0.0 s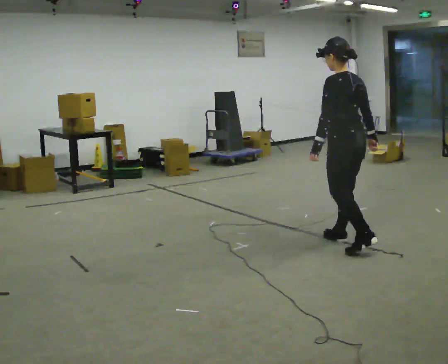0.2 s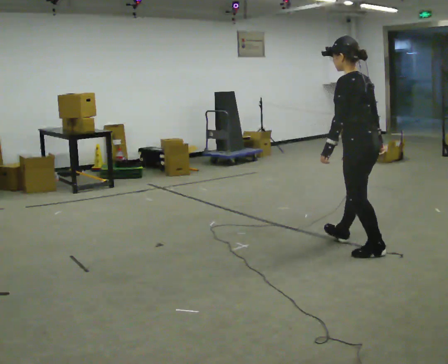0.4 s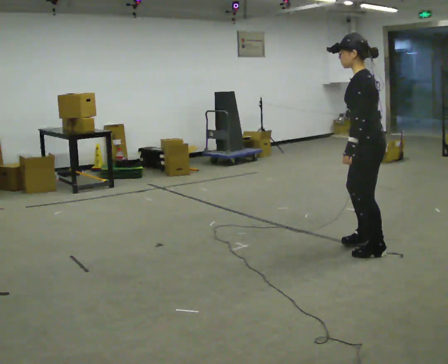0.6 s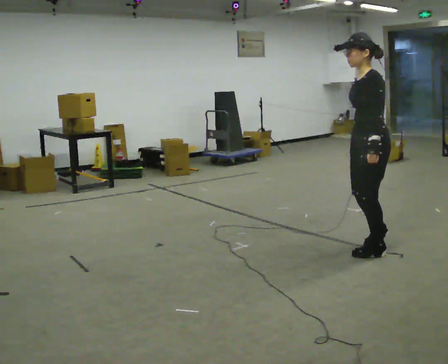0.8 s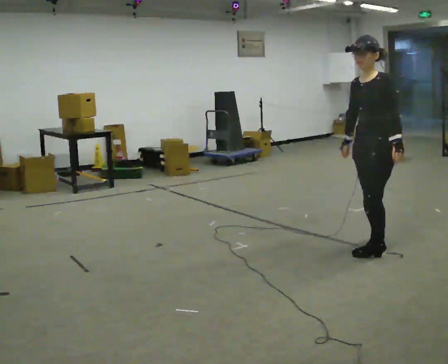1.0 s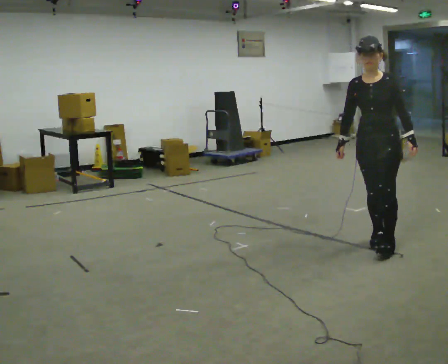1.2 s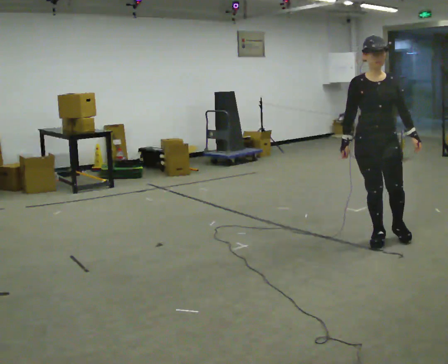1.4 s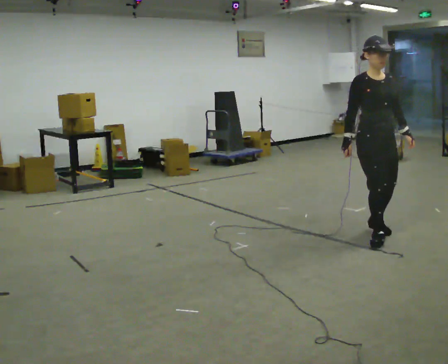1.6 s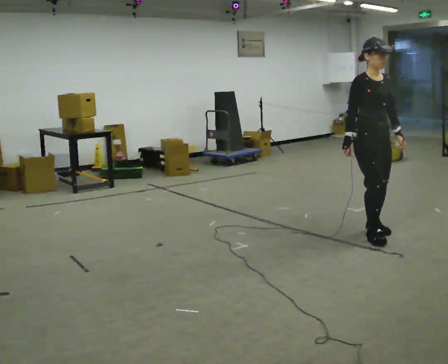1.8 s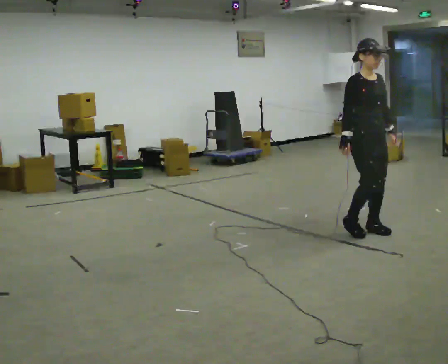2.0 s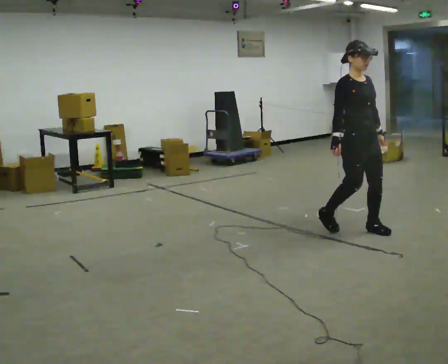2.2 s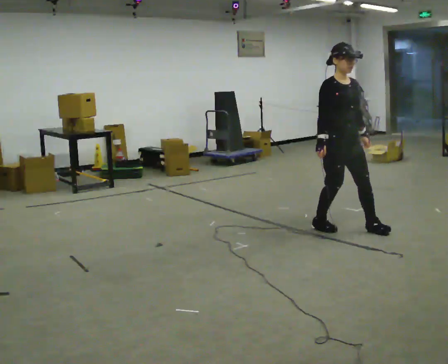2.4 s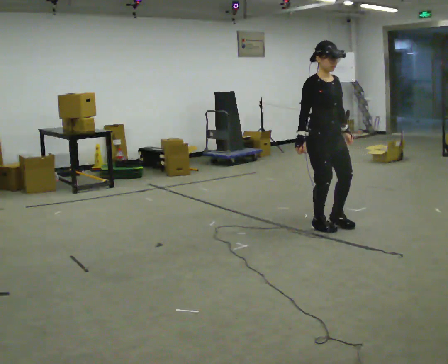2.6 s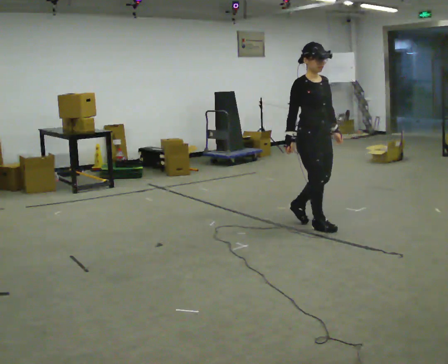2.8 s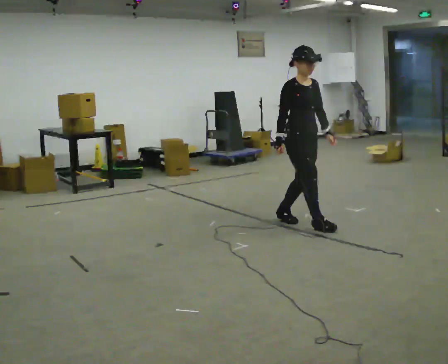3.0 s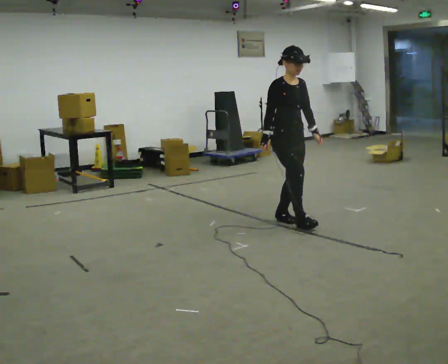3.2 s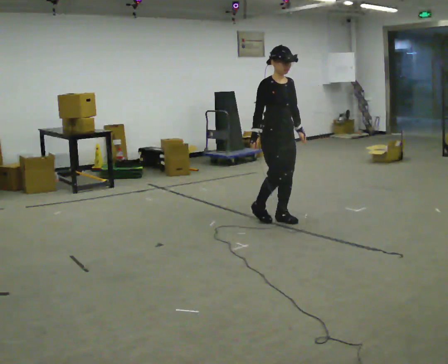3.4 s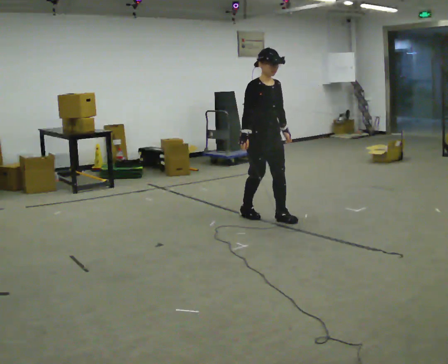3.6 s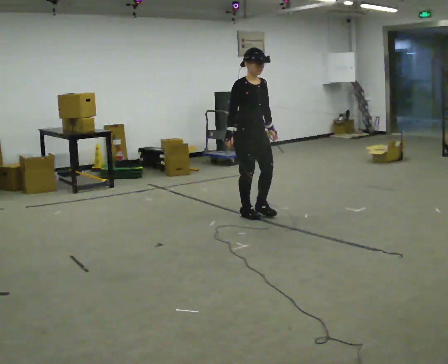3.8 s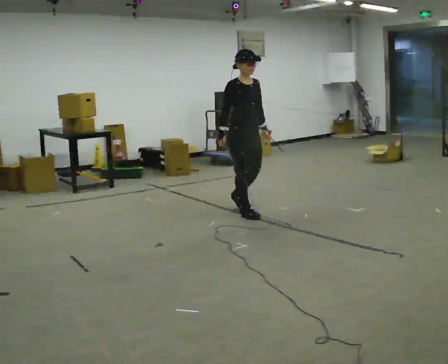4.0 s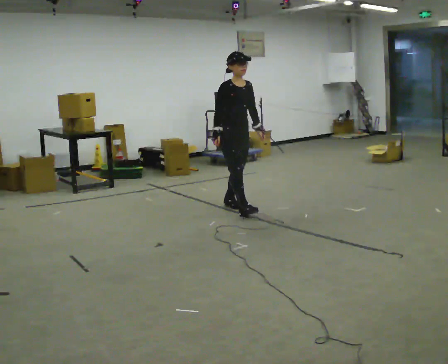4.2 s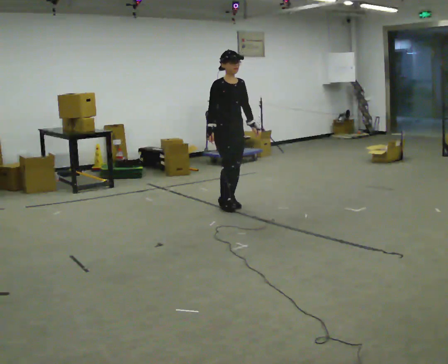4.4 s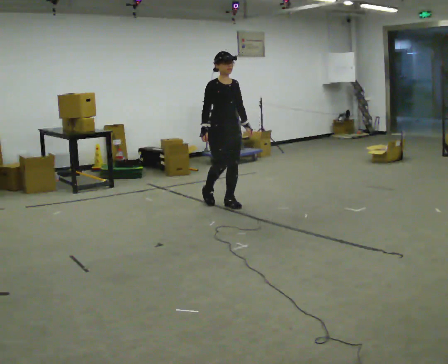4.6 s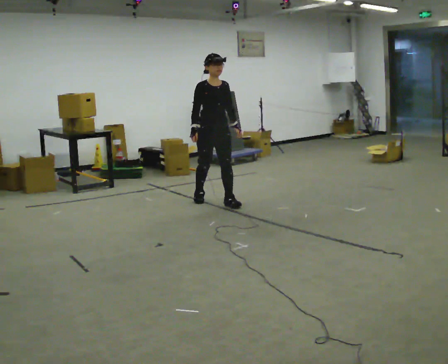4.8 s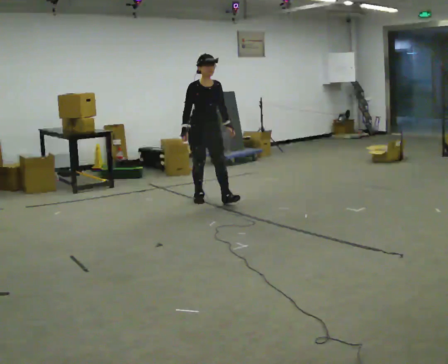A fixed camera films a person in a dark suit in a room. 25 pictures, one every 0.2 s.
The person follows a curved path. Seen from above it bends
counterclockwise.
0.0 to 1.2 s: Seen from above the body turns counterclockwise, about 150 degrees: to their left, with its near side sliding to the right. In the picture they go to the right, about 0.25 m in 2 steps. In the picture their left hand goes to the right, the arm swinging counterclockwise.
1.2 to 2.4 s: Seen from above the body turns counterclockwise, about 30 degrees: to their left, with its near side sliding to the right. In the picture they go to the left and away from the camera, about 0.5 m in 2 steps, which for them is backward.
2.4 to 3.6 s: In the picture they go to the left and away from the camera, about 1 m in 2 steps, which for them is backward.
3.6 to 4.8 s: In the picture they go to the left and away from the camera, about 1 m in 2 steps, which for them is backward.
The film runs forward here.
